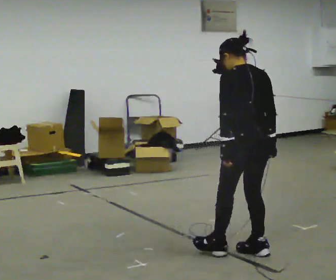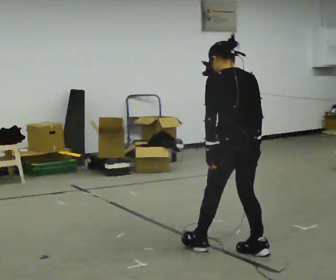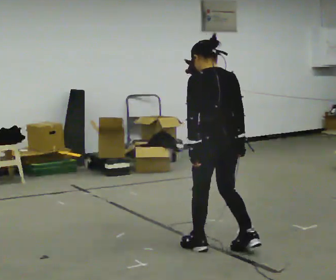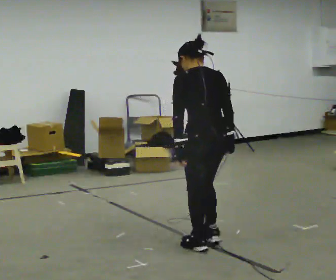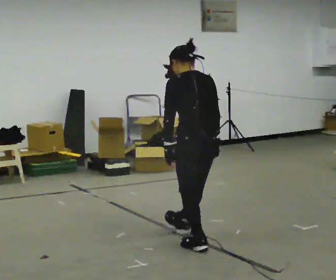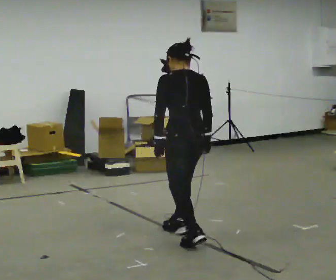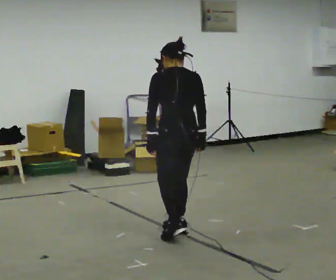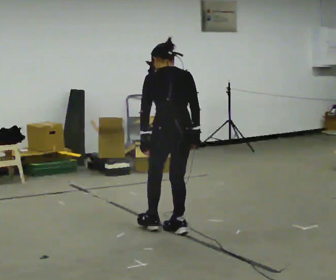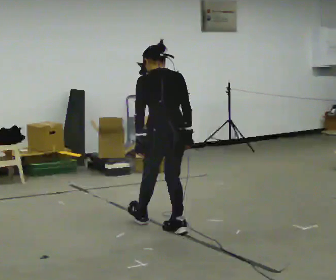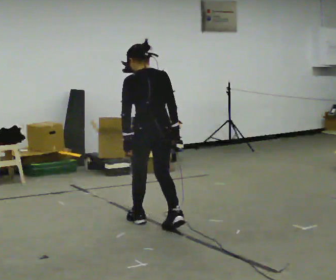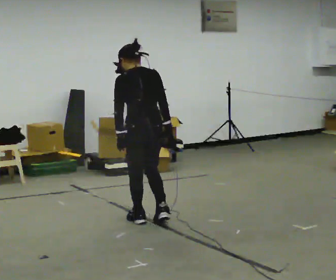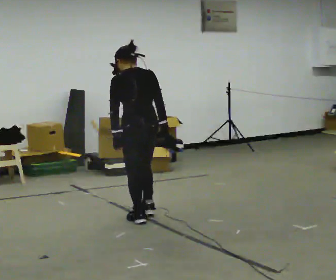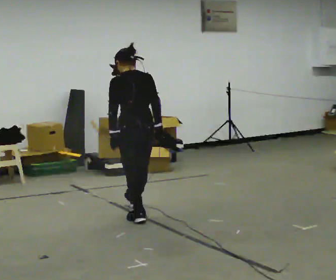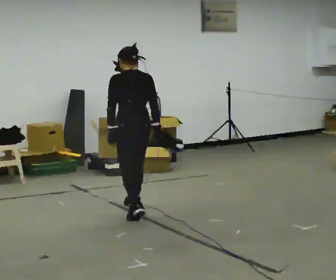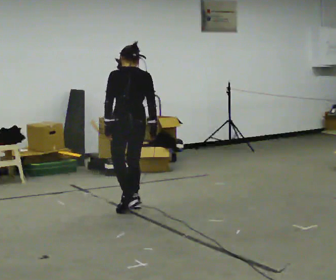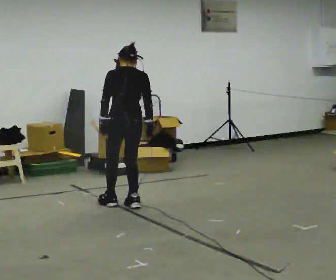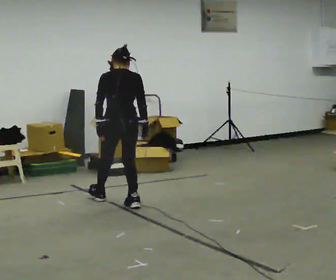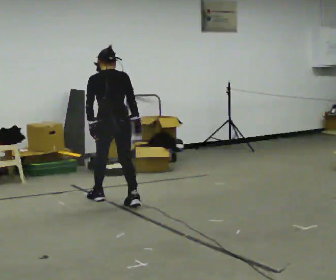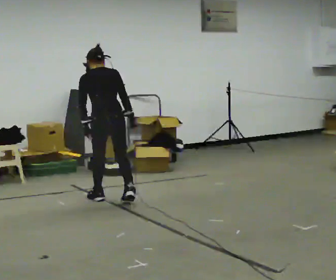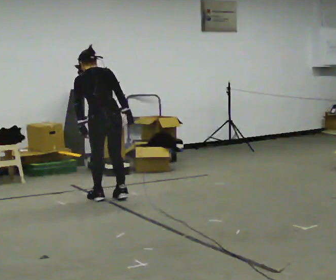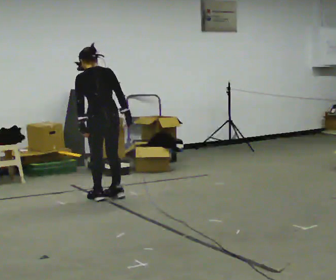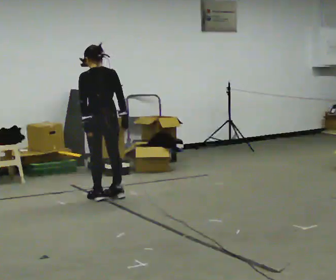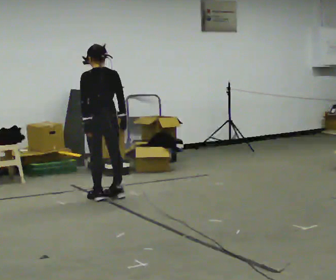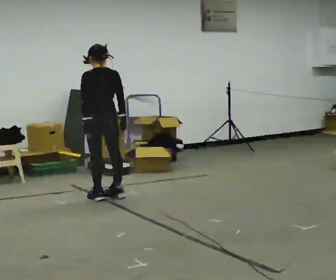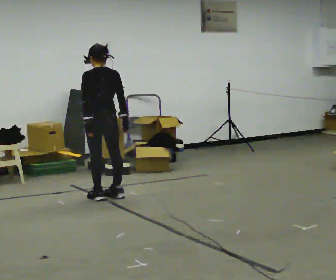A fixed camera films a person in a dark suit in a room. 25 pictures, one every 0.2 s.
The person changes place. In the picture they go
away from the camera.
0.0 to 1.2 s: In the picture they go away from the camera and to the left, about 0.5 m in 2 steps, which for them is forward.
1.2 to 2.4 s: In the picture they go away from the camera and to the left, about 0.75 m in 1 step, which for them is forward.
2.4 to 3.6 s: In the picture they go away from the camera and to the left, about 0.75 m in 2 steps, which for them is forward.
3.6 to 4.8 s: In the picture they go away from the camera, about 0.25 m, which for them is forward.
The film runs backward here.
